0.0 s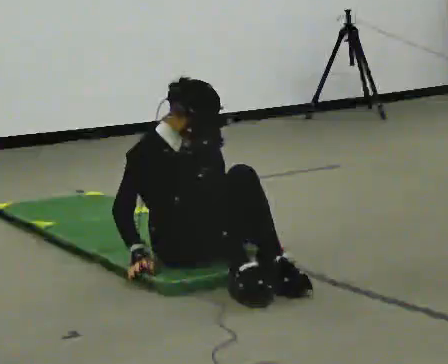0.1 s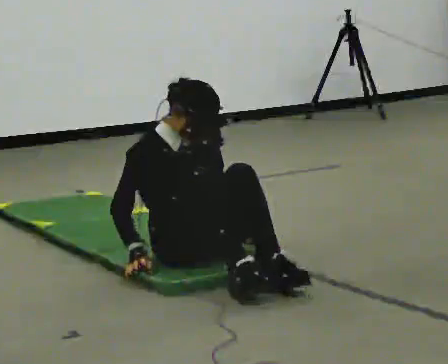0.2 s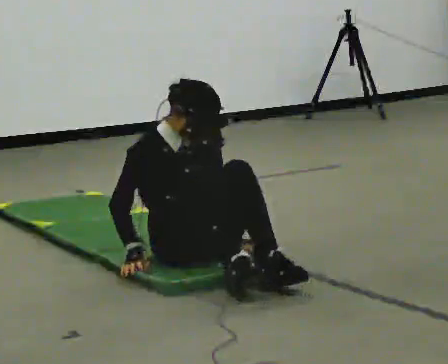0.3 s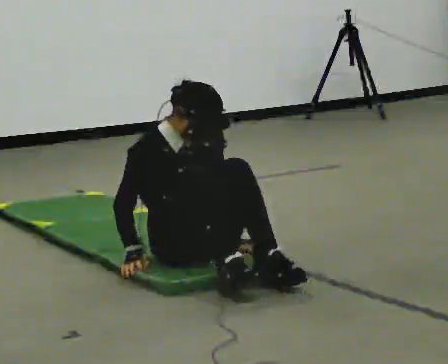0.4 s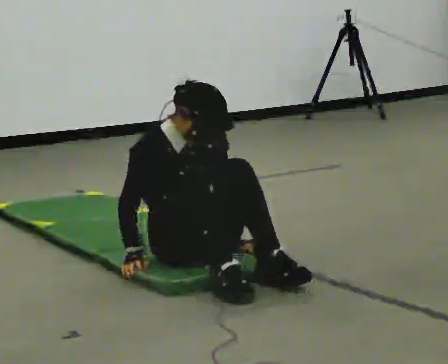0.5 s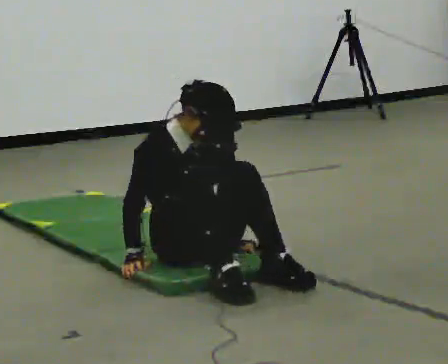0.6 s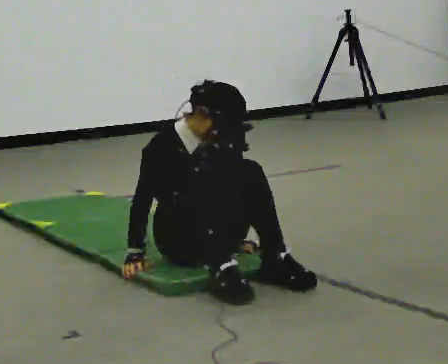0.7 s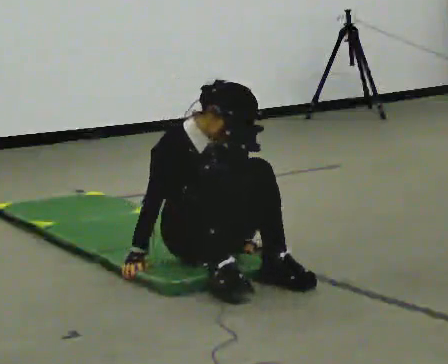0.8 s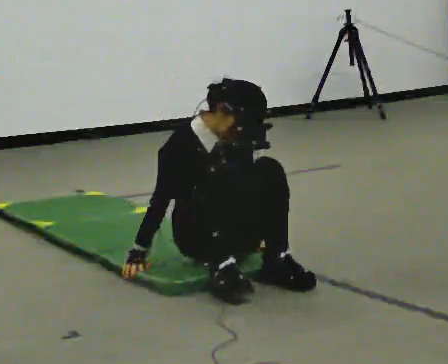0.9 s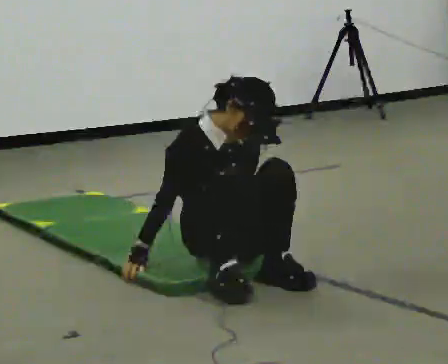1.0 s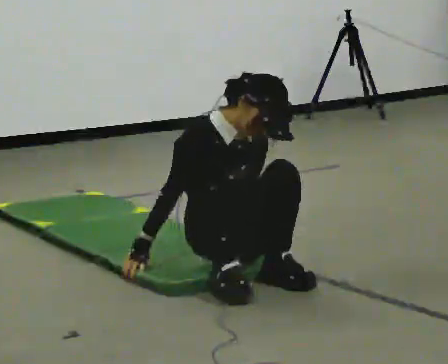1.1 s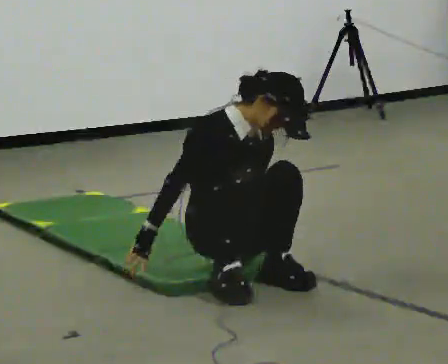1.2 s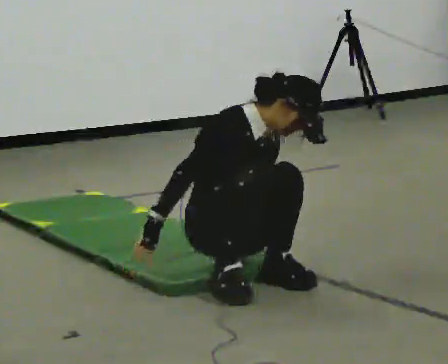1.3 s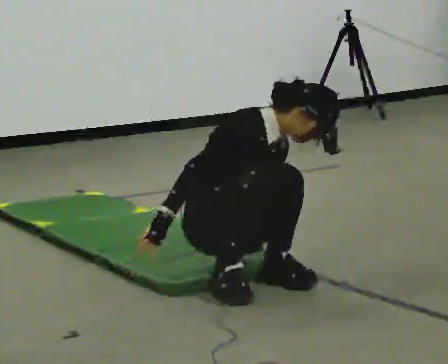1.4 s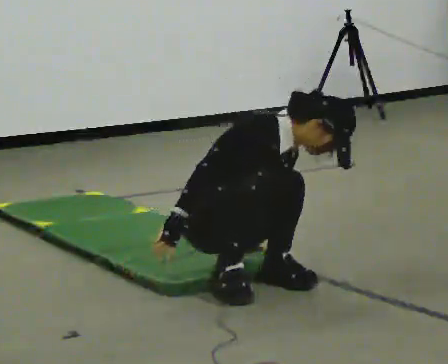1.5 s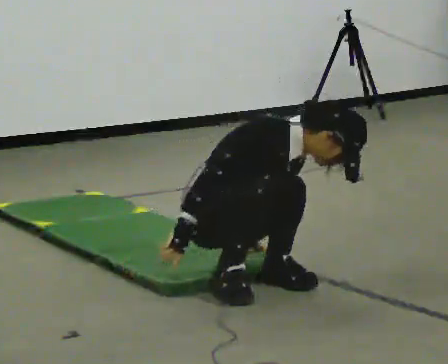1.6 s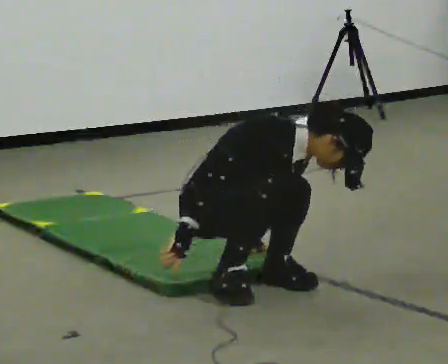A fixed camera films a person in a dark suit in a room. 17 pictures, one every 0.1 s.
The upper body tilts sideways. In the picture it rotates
clockwise.
0.0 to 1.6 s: In the picture the upper body tilts clockwise, shoulders to the right, as they bend forward.
The film runs forward here.
